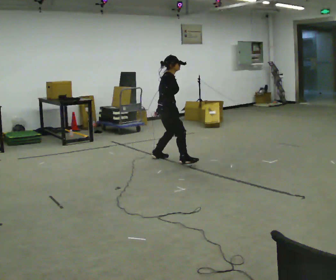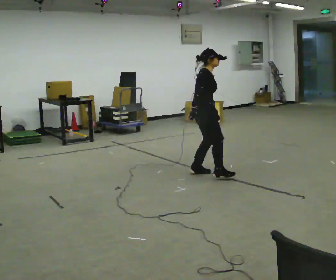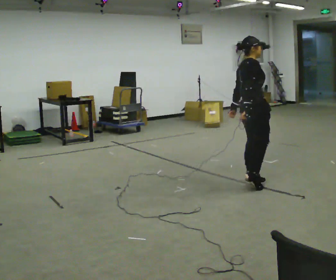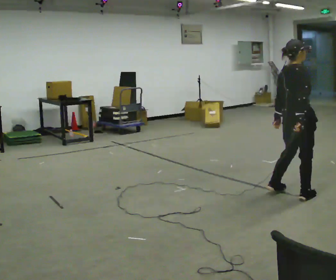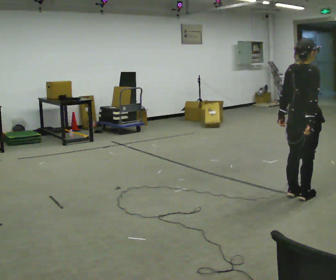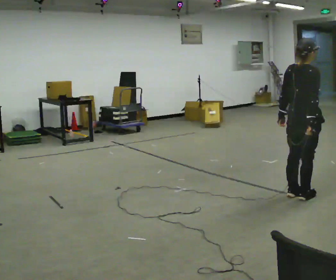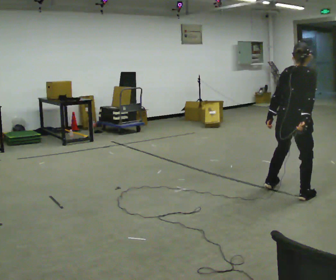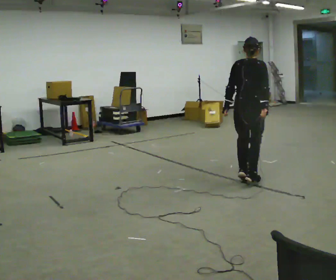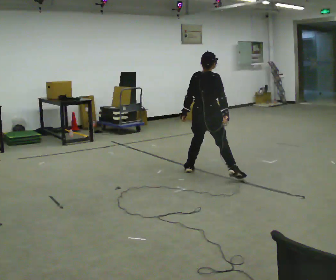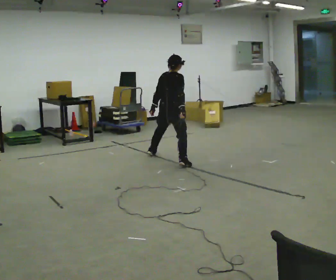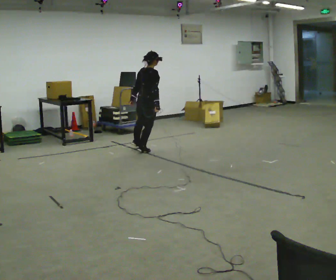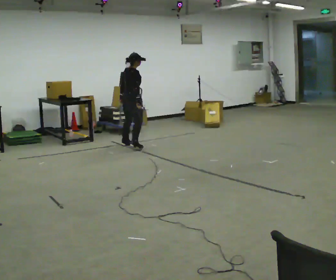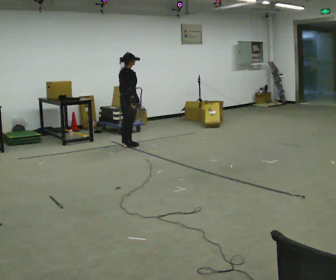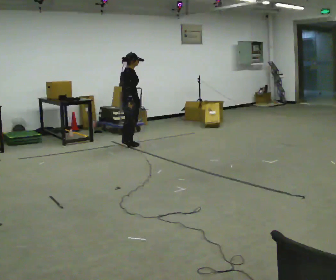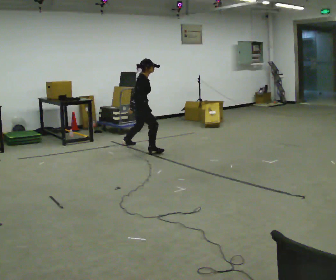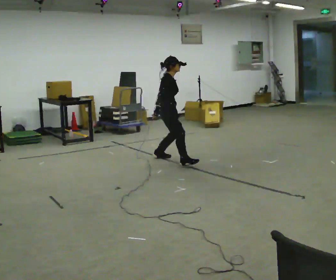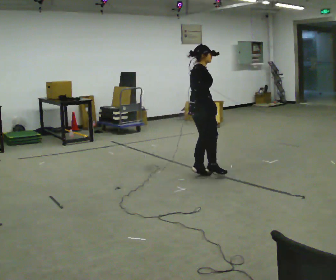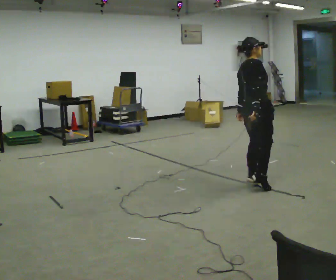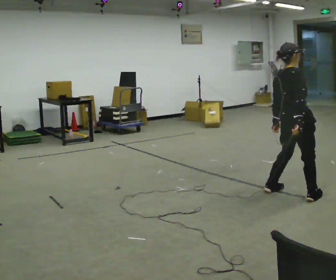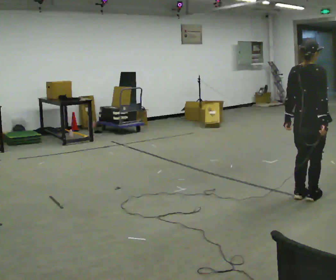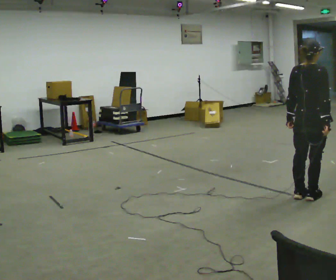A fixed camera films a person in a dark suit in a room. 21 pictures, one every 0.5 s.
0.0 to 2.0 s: In the picture they go toward the camera and to the right, about 2 m in 4 steps, which for them is to their right.
2.0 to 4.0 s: In the picture they go away from the camera and to the left, about 1.5 m in 3 steps, which for them is to their left.
4.0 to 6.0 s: Seen from above the body turns clockwise, about 30 degrees: to their right, with its near side sliding to the left. In the picture they go away from the camera and to the left, about 2 m in 4 steps, which for them is to their left.
6.0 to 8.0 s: In the picture they go toward the camera and to the right, about 2 m in 2 steps, which for them is to their right.
8.0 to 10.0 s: Seen from above the body turns counterclockwise, about 30 degrees: to their left, with its near side sliding to the right. In the picture they go toward the camera and to the right, about 1.5 m in 4 steps, which for them is to their right.
The film runs forward here.
